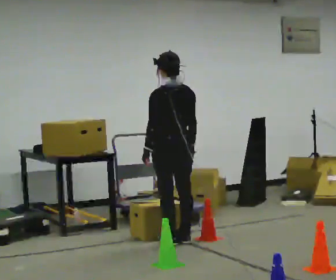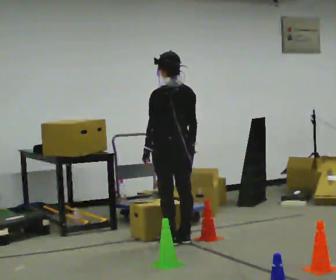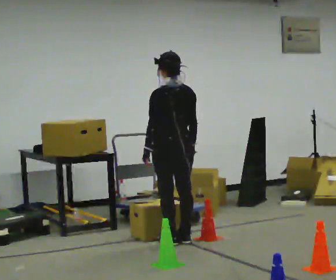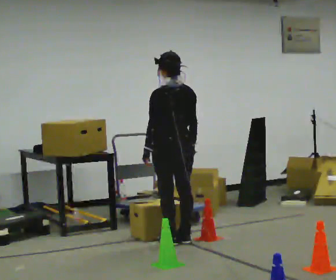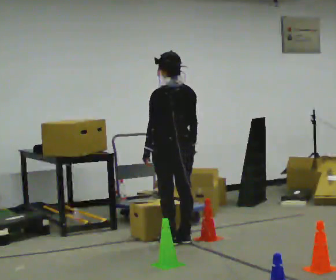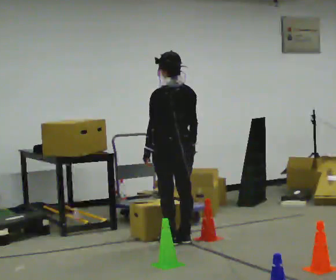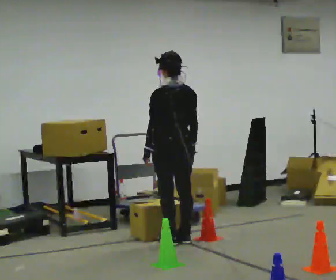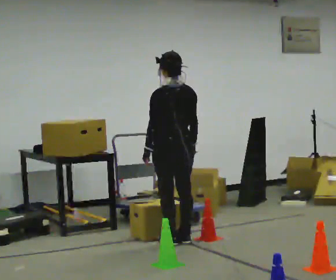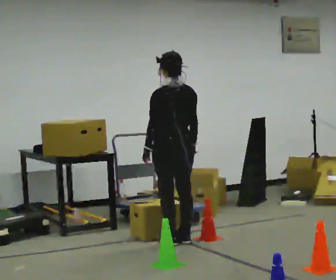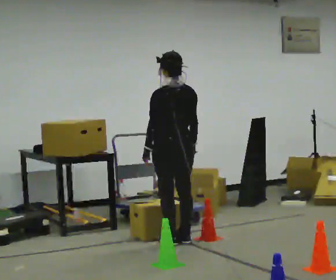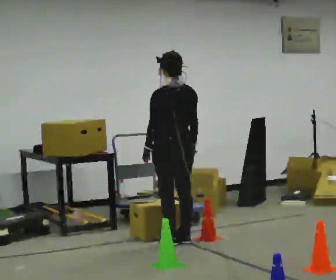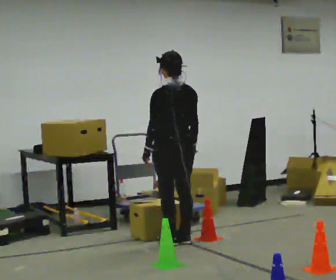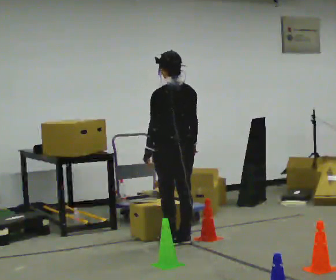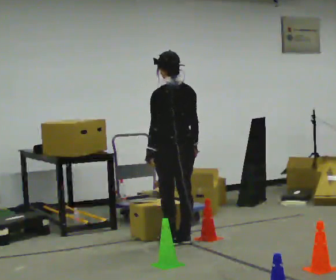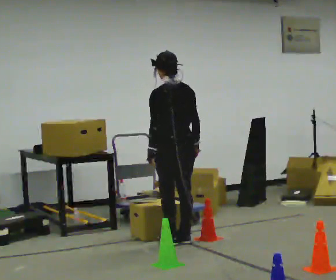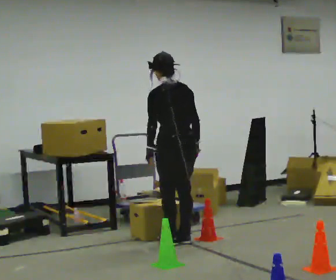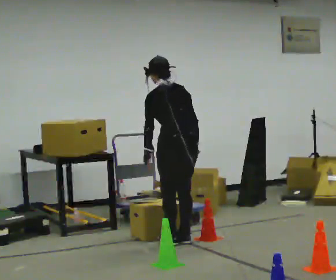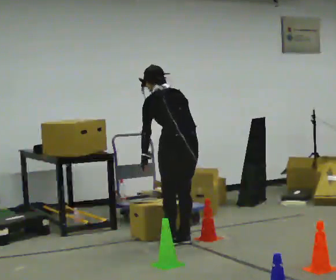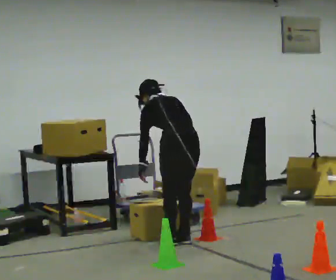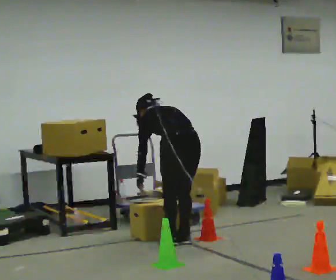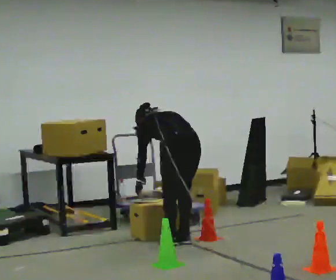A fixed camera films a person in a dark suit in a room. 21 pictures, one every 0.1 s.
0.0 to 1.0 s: The person keeps their place and pose.
1.0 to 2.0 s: The shoulders move downward. The upper body tips away from the camera, its near side rolling upward, as they bend forward.
The film runs backward here.
